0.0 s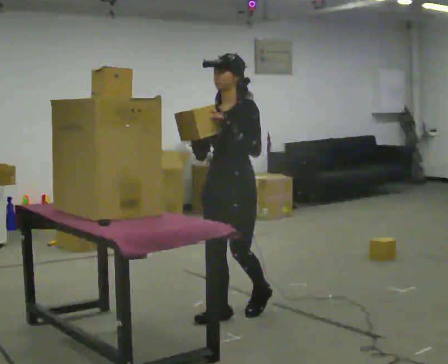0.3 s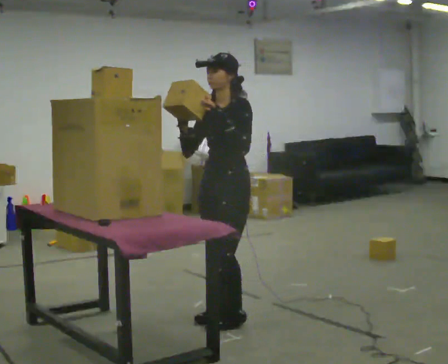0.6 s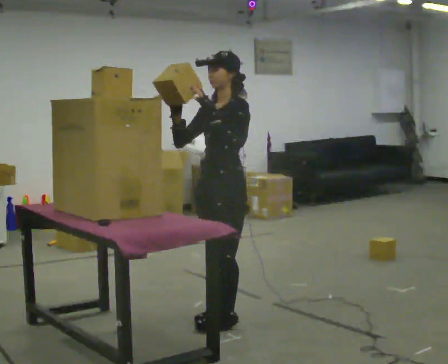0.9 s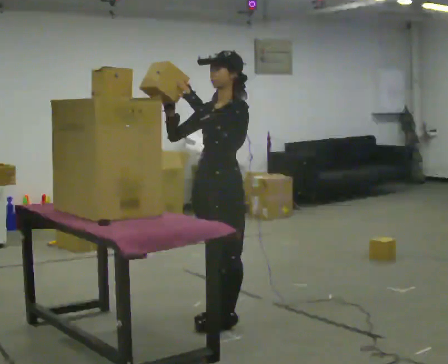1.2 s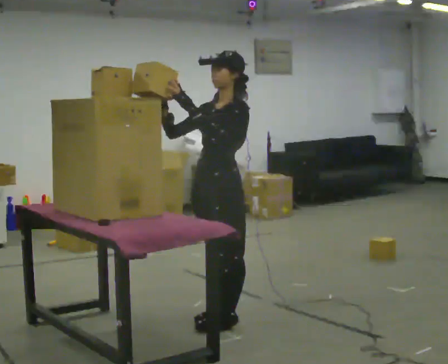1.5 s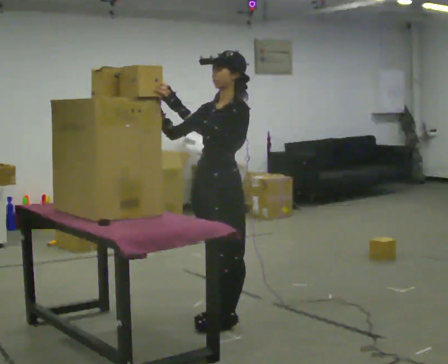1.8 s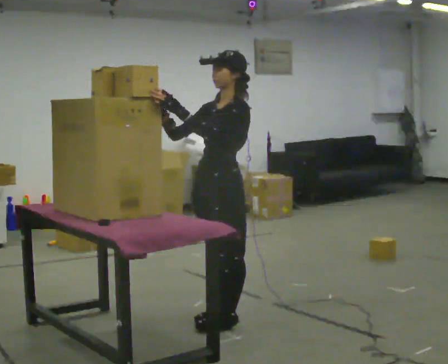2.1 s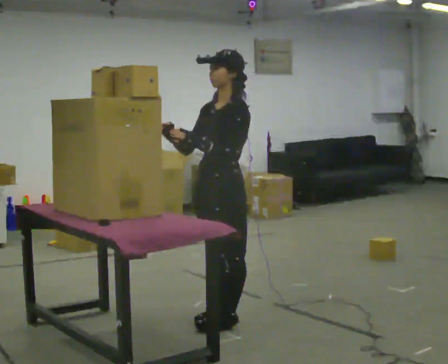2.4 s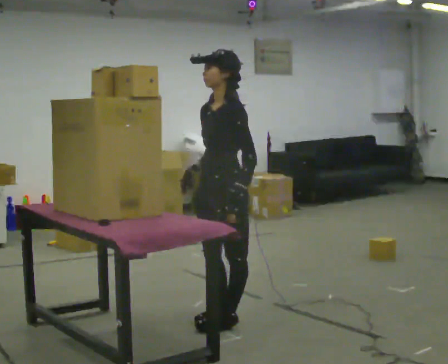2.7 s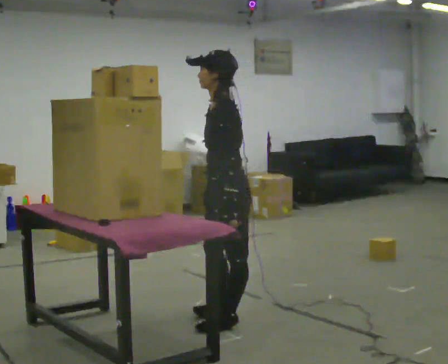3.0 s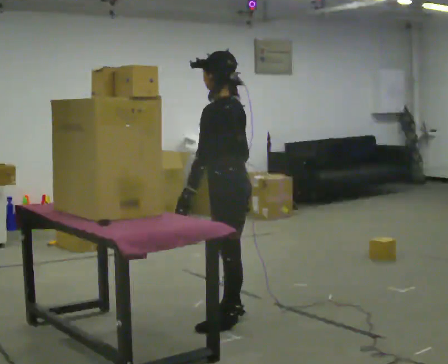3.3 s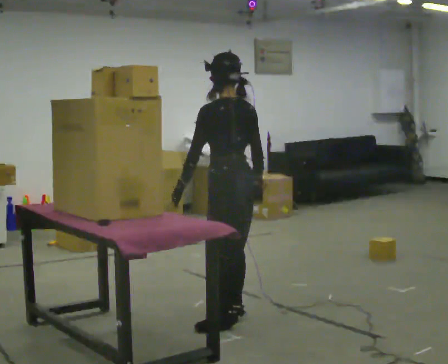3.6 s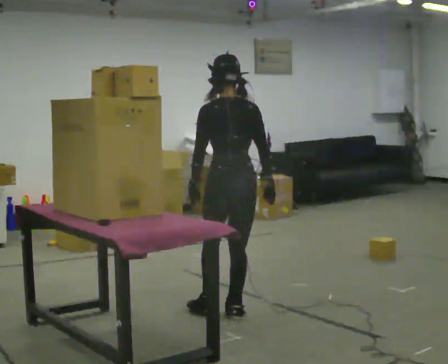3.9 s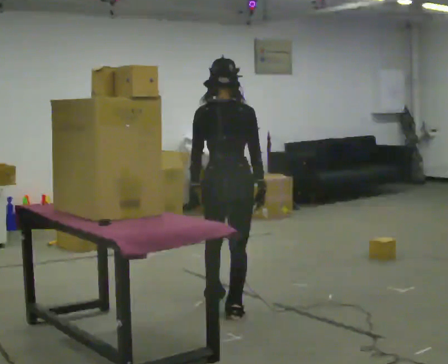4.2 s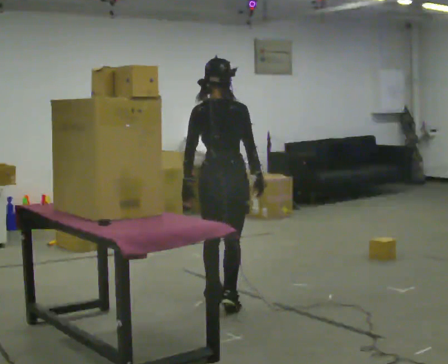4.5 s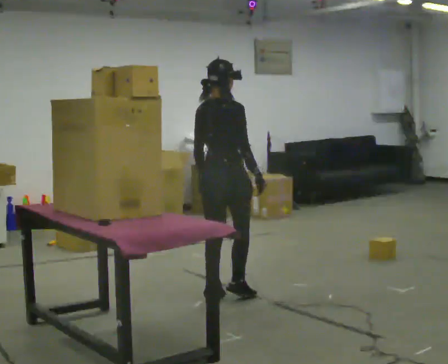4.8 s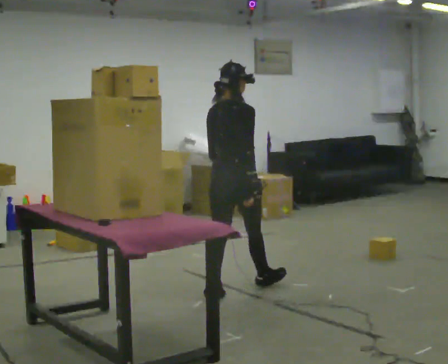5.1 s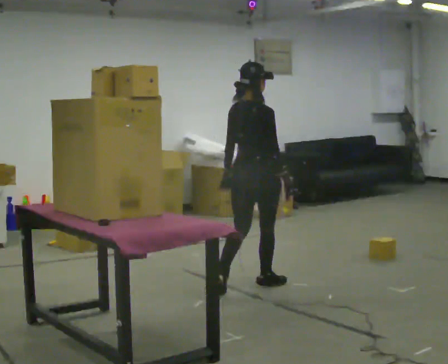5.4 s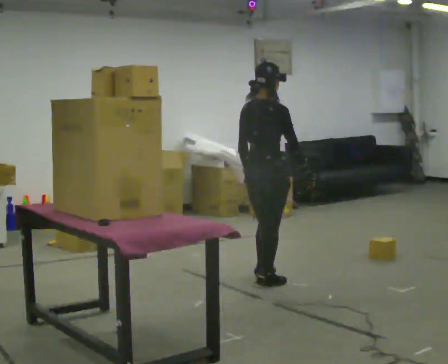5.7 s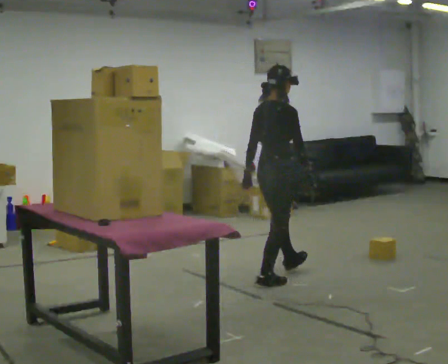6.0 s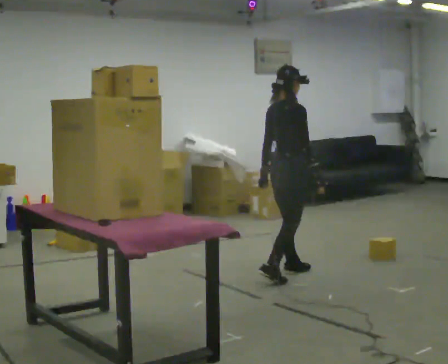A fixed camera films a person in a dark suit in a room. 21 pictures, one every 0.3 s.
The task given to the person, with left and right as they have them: Take an object down from the highest shelf you can comfortably reach, carry it across the room, and set it on the floor. Keep going until the operator says stop; one object at a time, and do not rush between trips.
0.0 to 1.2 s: The person moves a little, or ends about where they began.
1.2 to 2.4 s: In the picture their left hand goes downward.
2.4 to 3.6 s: The person turns about 105 degrees to their right, clockwise seen from above, so the part of the body nearest the lens slides to the left. In the picture they go away from the camera, about 0.25 m. In the picture their right hand goes to the right, the arm swinging counterclockwise.
3.6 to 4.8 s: Seen from above the body turns clockwise, about 45 degrees: to their right, with its near side sliding to the left. In the picture they go away from the camera, about 0.5 m in 2 steps, which for them is forward and to their left.
4.8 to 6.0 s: The part of the body nearest the lens slides to the left as the person turns to their right by about 30 degrees. In the picture they go to the right and away from the camera, about 0.75 m in 1 step, which for them is forward.
The film runs forward here.
